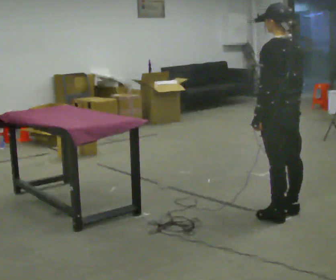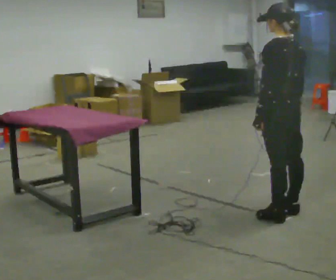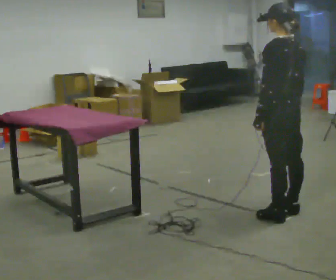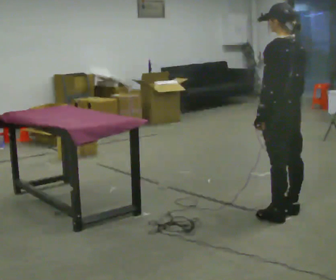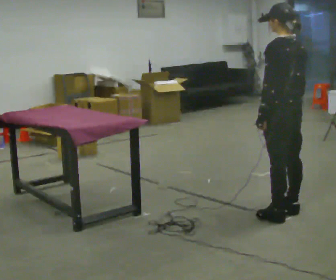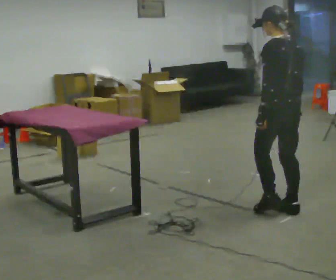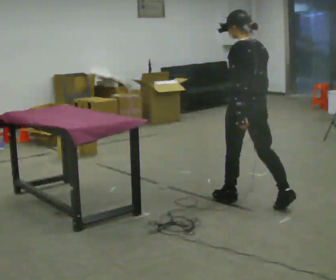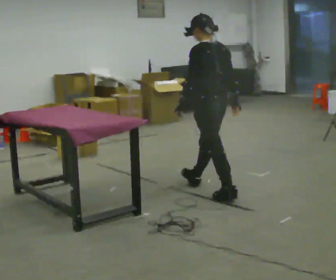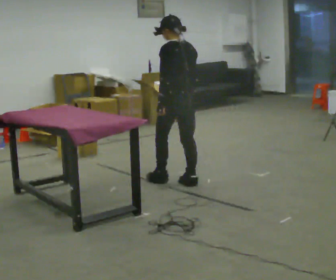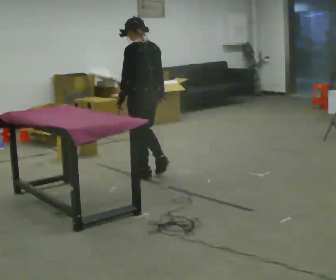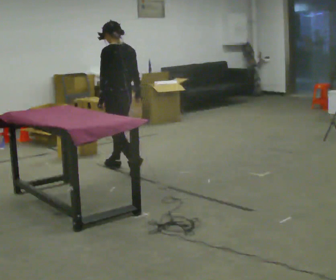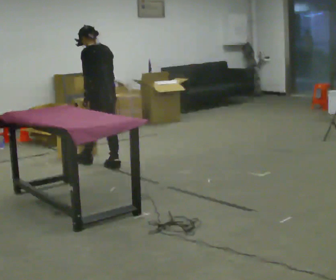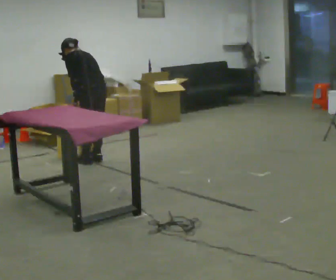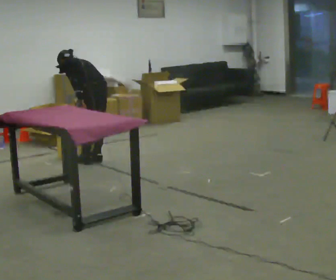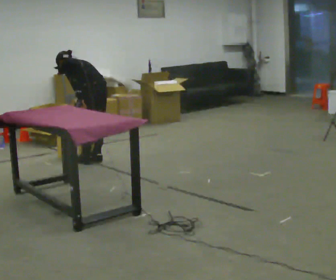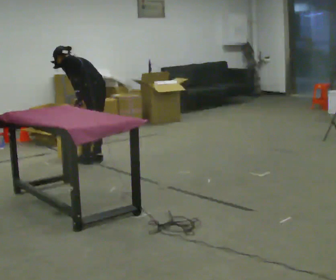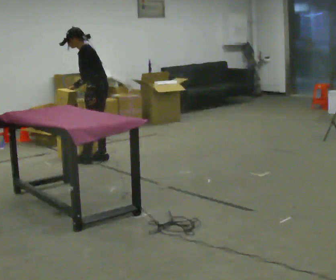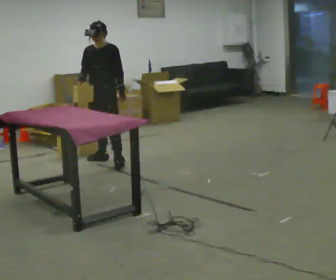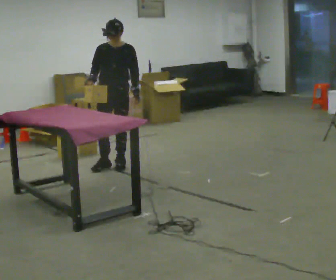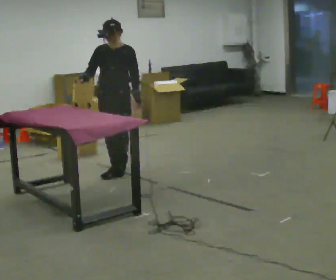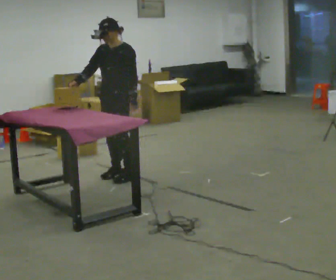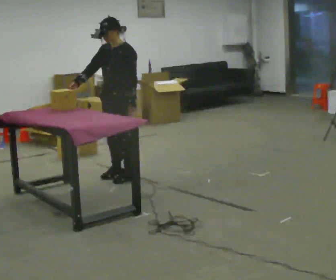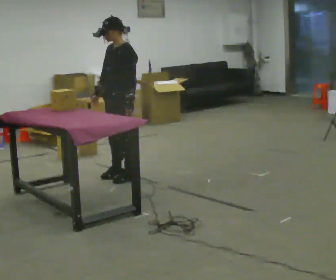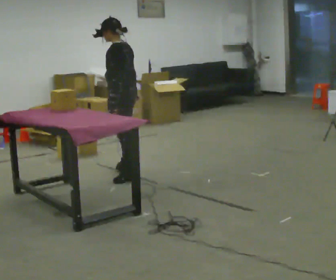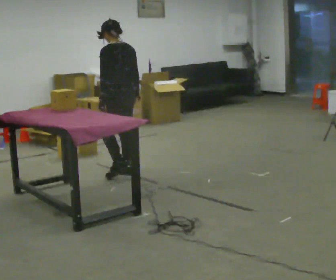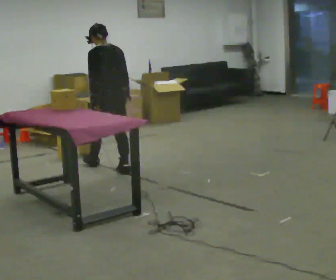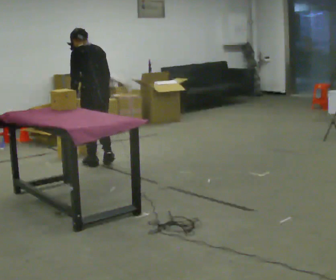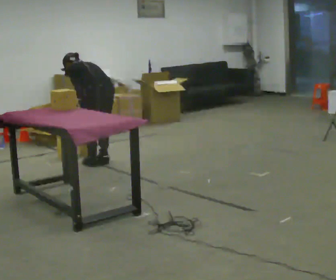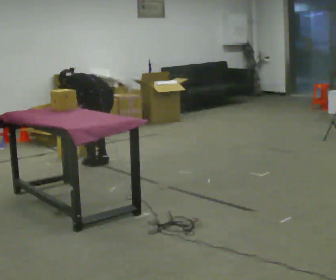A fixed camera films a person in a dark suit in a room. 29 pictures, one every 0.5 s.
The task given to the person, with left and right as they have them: Pick the object up off the floor using only the hand the operator calls, then carry it to the table in that same hand. Keep going until the operator says stop; one object at a time, and do not rush between trips.
0.0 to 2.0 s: The person moves a little, or ends about where they began.
2.0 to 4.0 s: In the picture they go away from the camera and to the left, about 1 m in 2 steps, which for them is forward.
4.0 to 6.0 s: In the picture they go away from the camera and to the left, about 1 m in 4 steps, which for them is forward. The upper body tips away from the camera, its near side rolling upward, as they bend forward.
6.0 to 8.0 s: The part of the body nearest the lens slides to the right as the person turns to their left by about 60 degrees. In the picture they go away from the camera, about 0.25 m, which for them is to their right.
8.0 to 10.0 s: Seen from above the body turns counterclockwise, about 45 degrees: to their left, with its near side sliding to the right. In the picture they go toward the camera, about 0.5 m in 3 steps.
10.0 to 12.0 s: The person turns about 90 degrees to their right, clockwise seen from above, so the part of the body nearest the lens slides to the left. In the picture their right hand goes to the right, the arm swinging counterclockwise.
12.0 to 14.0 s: In the picture they go away from the camera, about 0.25 m in 2 steps, which for them is forward. The upper body goes downward. The upper body tips away from the camera, its near side rolling upward, as they bend forward.
The film runs forward here.
